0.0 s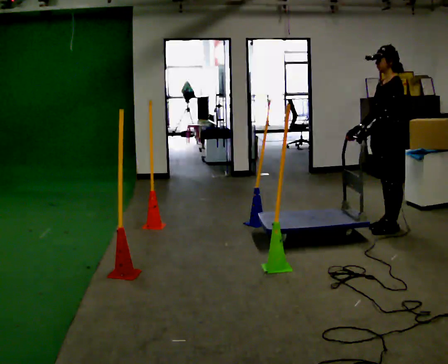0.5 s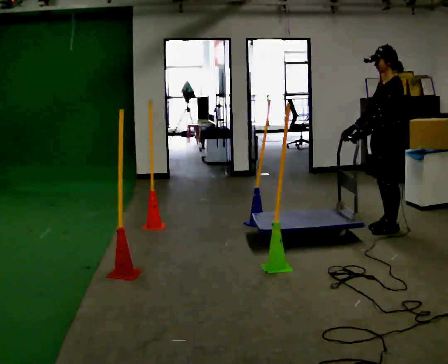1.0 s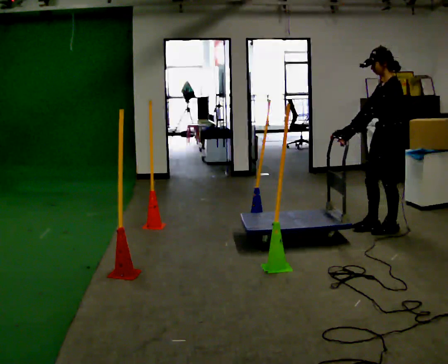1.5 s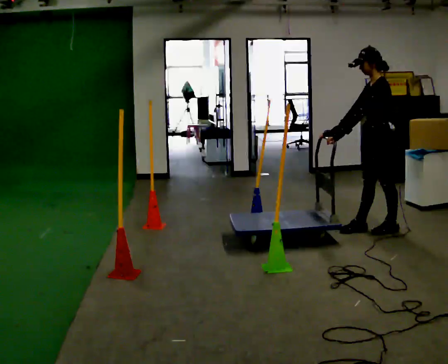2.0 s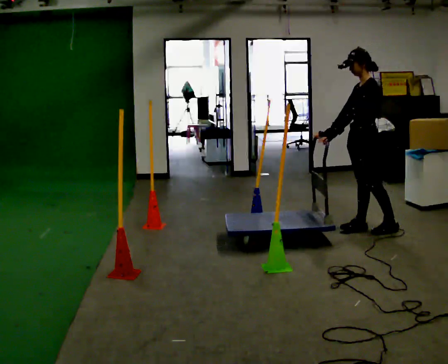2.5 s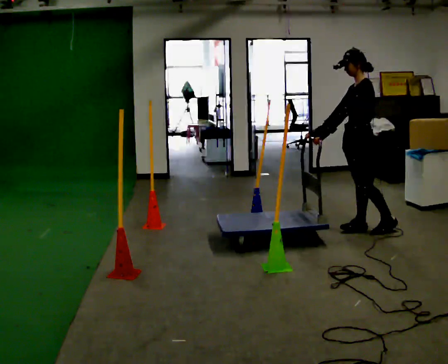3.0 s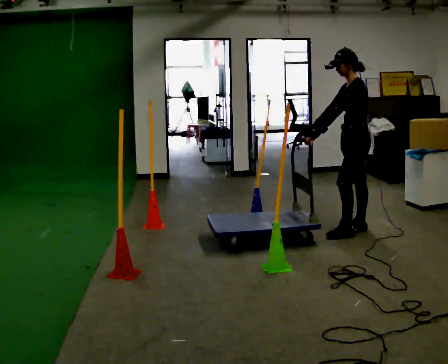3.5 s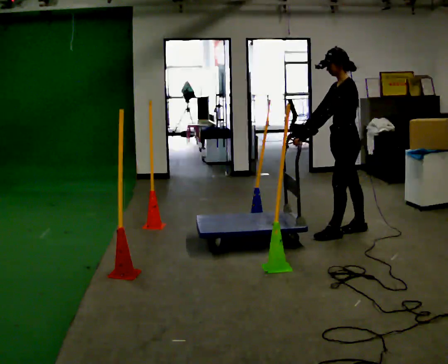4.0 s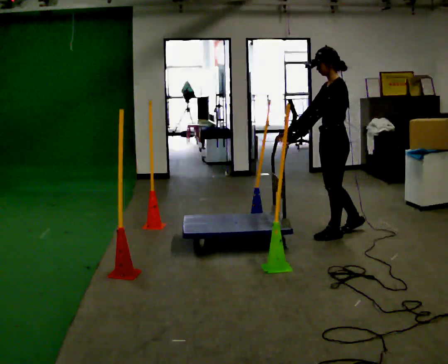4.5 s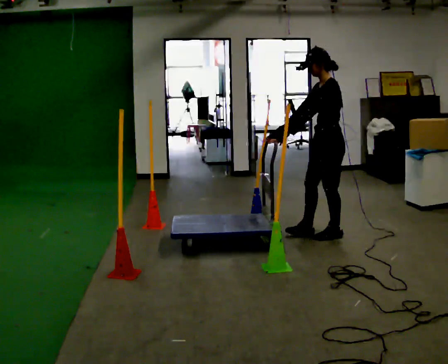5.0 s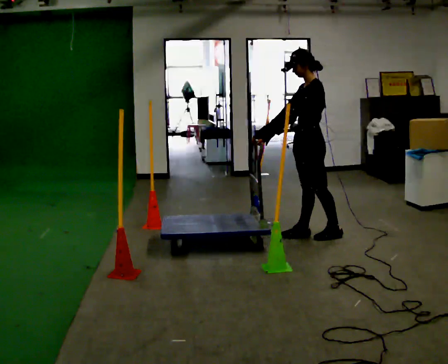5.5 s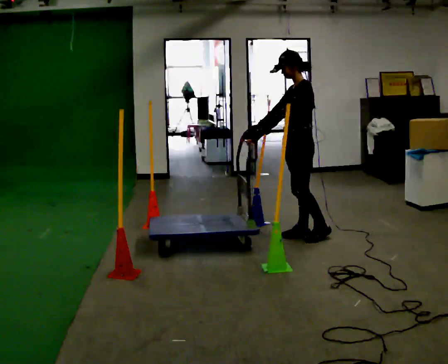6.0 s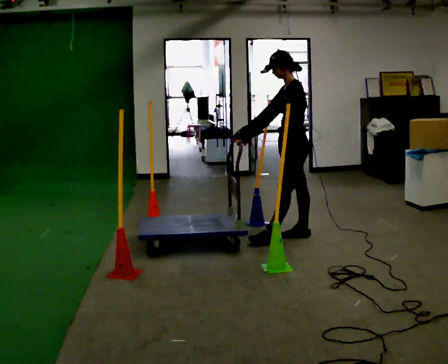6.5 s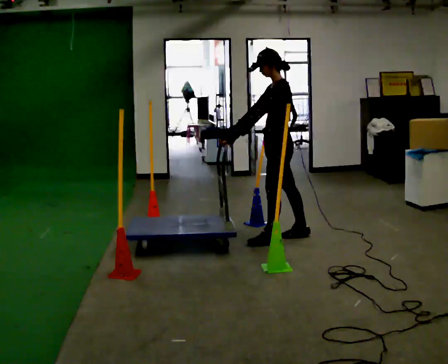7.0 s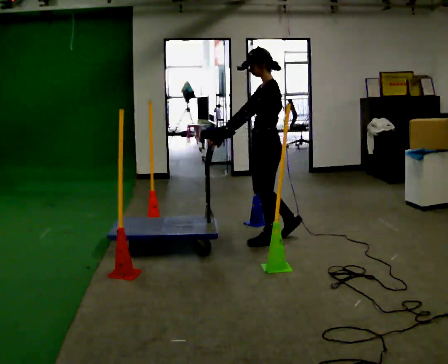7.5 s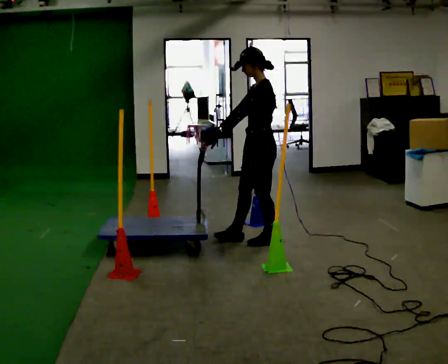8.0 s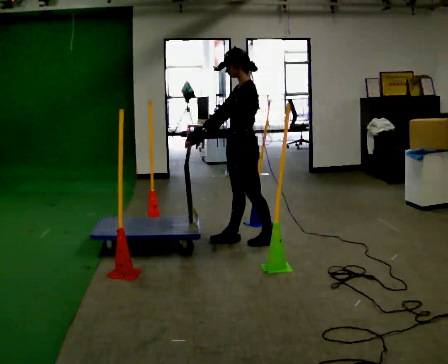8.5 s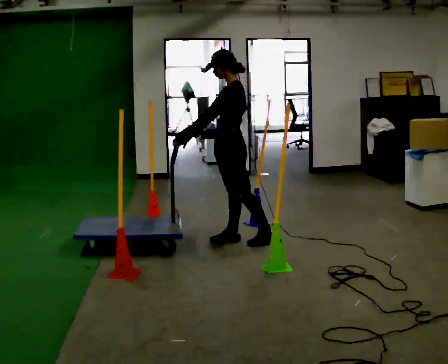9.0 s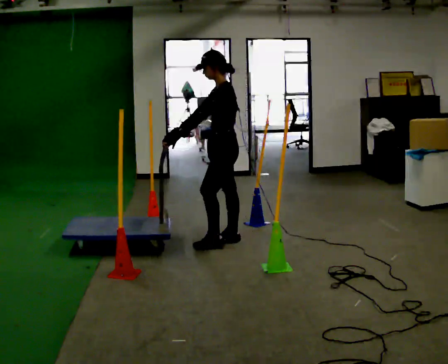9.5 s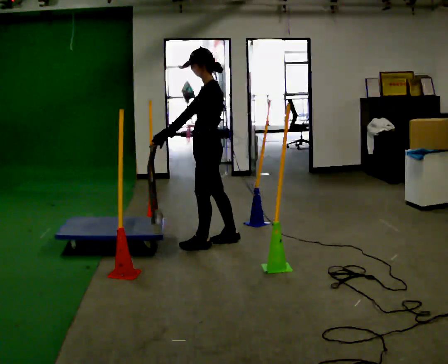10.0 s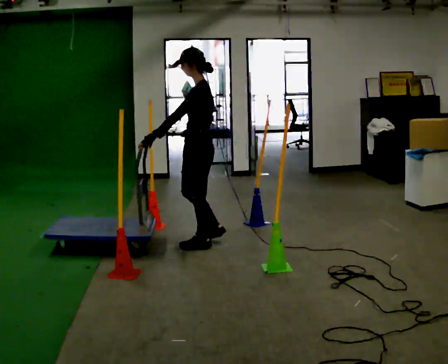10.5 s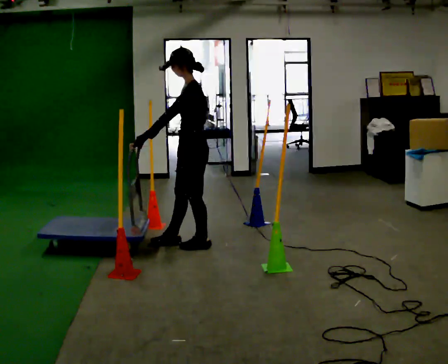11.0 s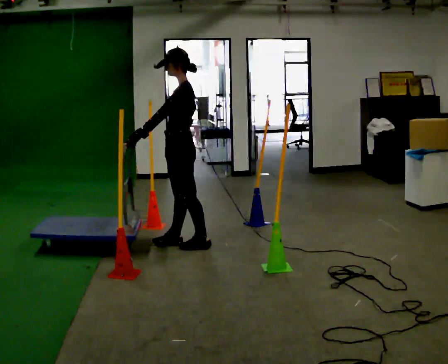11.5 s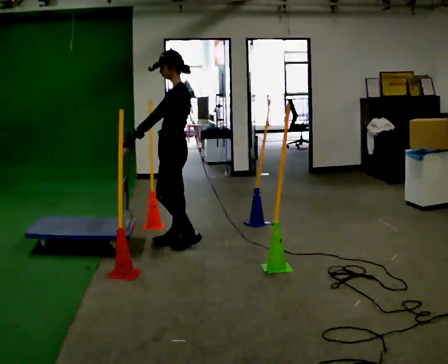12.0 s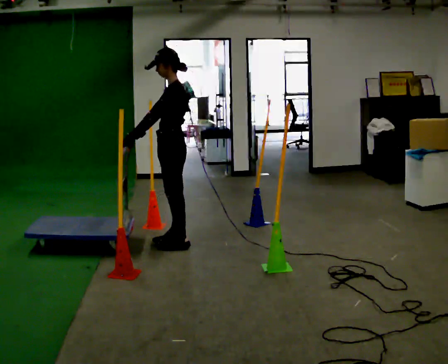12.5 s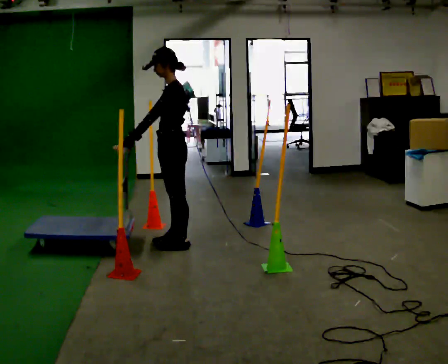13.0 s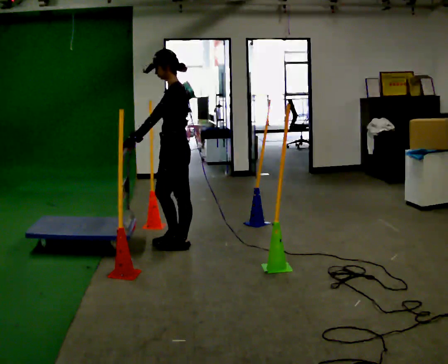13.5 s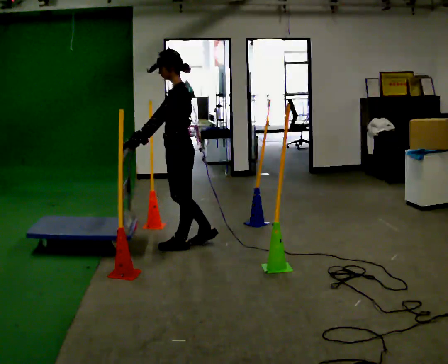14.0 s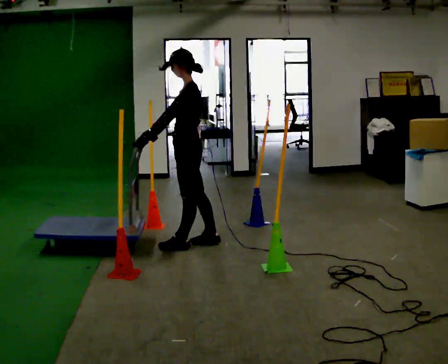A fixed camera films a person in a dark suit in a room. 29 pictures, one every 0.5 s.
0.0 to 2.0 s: In the picture they go to the left, about 0.25 m in 1 step, which for them is forward.
2.0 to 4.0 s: In the picture they go to the left, about 0.25 m in 1 step, which for them is forward.
4.0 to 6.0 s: In the picture they go to the left, about 0.25 m in 2 steps, which for them is forward.
6.0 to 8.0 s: In the picture they go to the left, about 0.5 m in 1 step, which for them is forward.
8.0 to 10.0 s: In the picture they go to the left, about 0.25 m in 1 step, which for them is forward.
10.0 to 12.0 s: In the picture they go to the left, about 0.25 m in 2 steps, which for them is forward.
12.0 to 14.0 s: The person moves a little, or ends about where they began.
The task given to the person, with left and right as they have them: Push the cart in and out of the line of poles without touching any of them. Keep going until the operator says stop.
The film runs forward here.
